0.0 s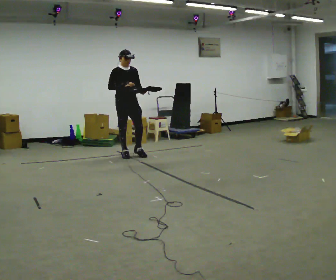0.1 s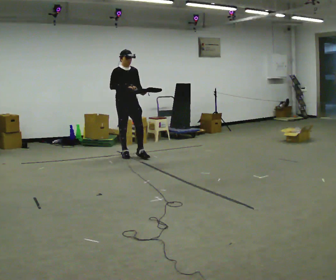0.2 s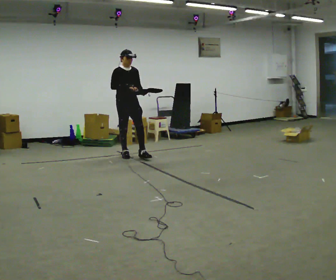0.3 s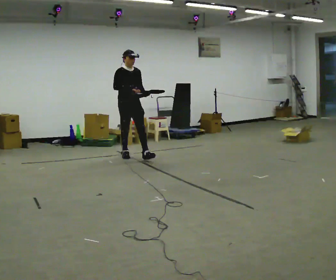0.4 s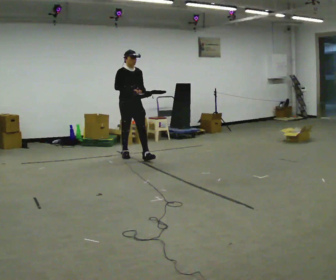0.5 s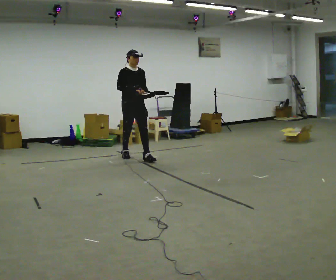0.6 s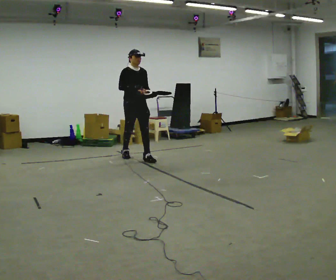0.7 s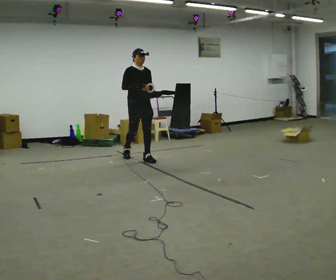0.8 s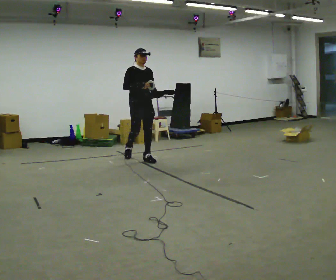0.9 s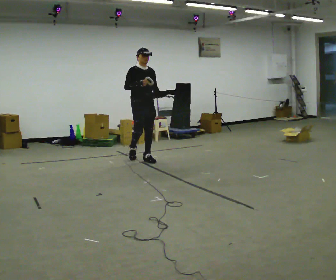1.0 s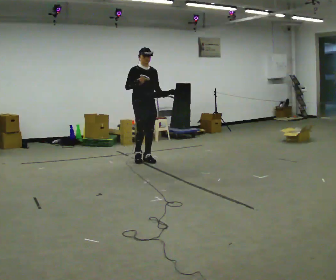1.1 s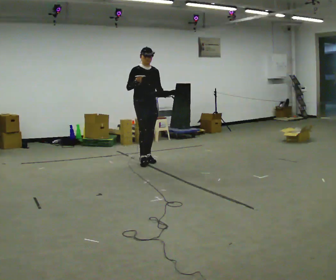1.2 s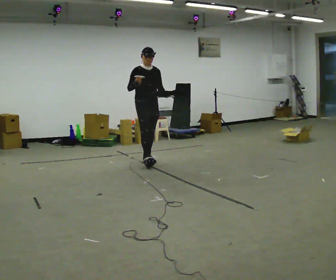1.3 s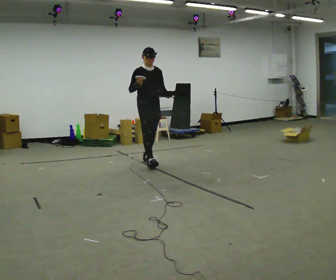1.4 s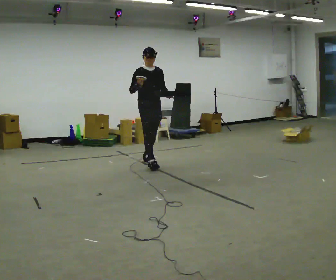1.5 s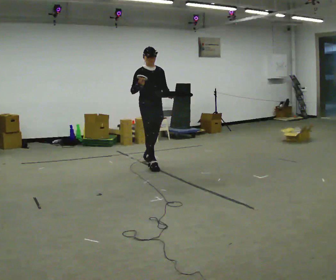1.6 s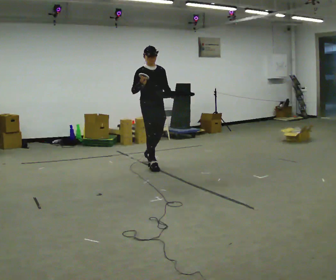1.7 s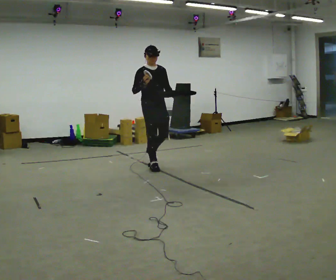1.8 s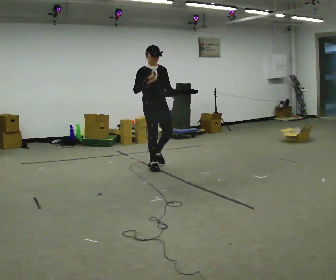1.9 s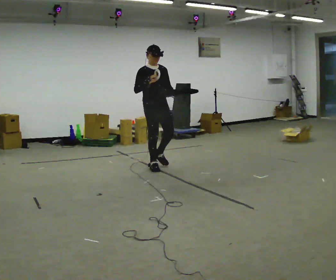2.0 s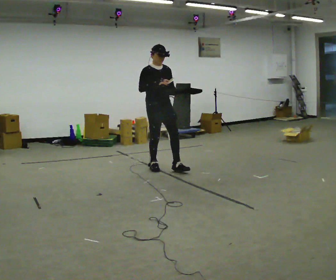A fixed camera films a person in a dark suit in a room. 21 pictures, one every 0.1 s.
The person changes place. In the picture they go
toward the camera.
0.0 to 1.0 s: In the picture they go toward the camera and to the right, about 0.5 m in 1 step, which for them is forward.
1.0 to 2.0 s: In the picture they go toward the camera, about 0.5 m in 1 step, which for them is forward.
The film runs forward here.
